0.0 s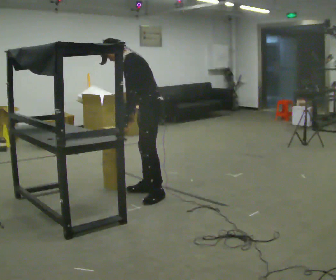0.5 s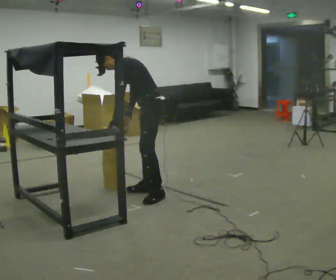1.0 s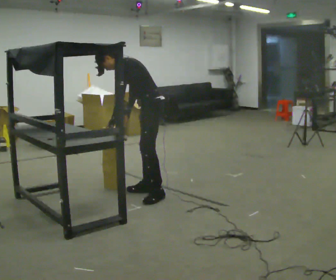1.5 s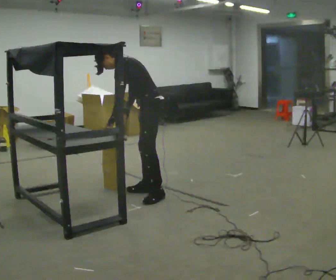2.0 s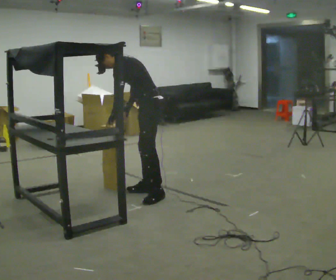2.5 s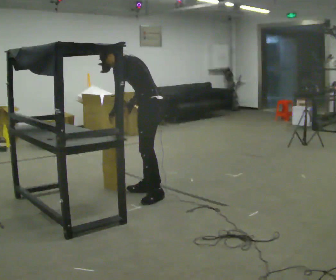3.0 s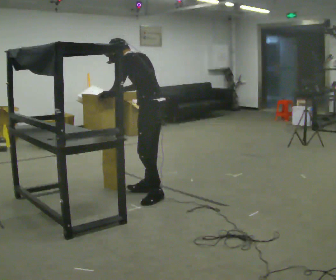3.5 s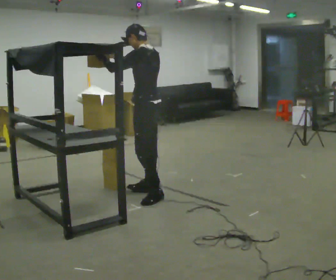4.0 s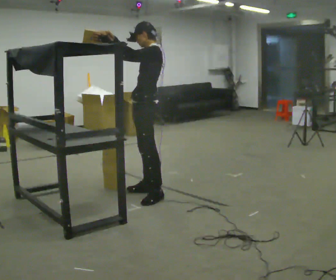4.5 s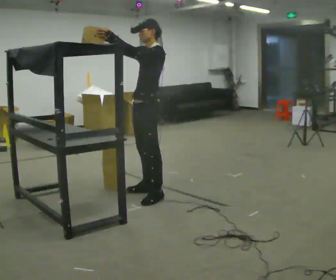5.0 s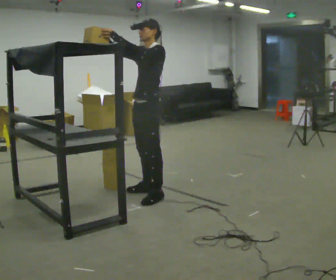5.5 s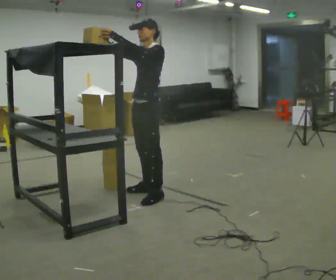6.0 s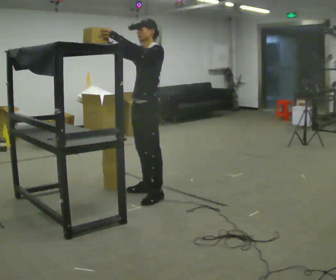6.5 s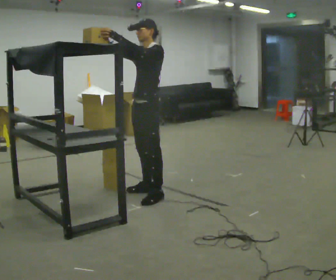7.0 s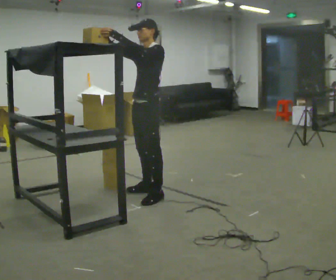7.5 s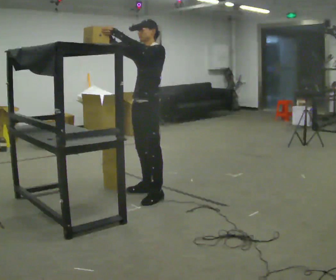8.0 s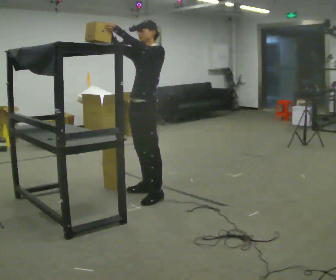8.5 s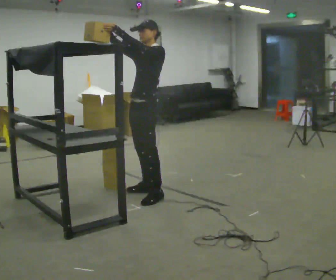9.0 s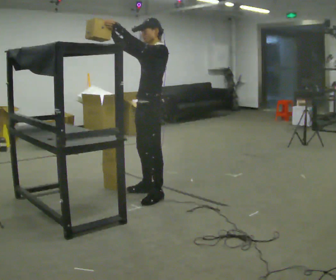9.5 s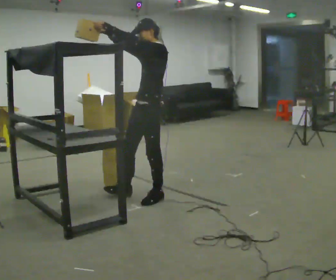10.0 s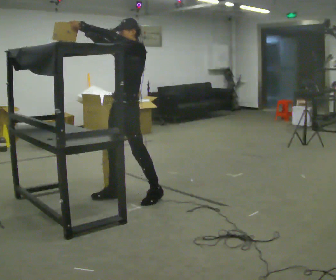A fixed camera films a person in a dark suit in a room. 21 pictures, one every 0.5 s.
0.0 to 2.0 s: The upper body tips away from the camera, its near side rolling upward.
2.0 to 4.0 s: In the picture the upper body tilts clockwise, shoulders to the right, as they lean back or straighten. In the picture their right hand goes upward.
4.0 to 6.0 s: Seen from above the body turns counterclockwise, about 30 degrees: to their left, with its near side sliding to the right.
6.0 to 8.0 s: The person moves a little, or ends about where they began.
8.0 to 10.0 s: In the picture they go to the left, about 0.25 m in 1 step, which for them is forward.
The film runs backward here.
